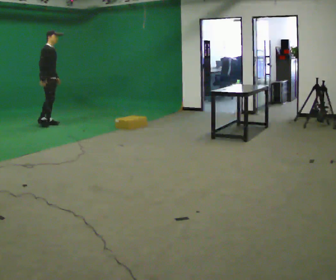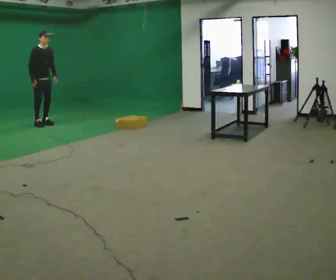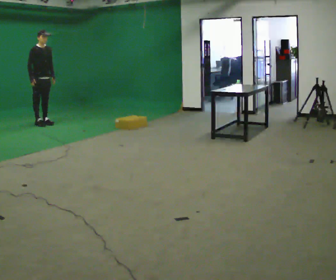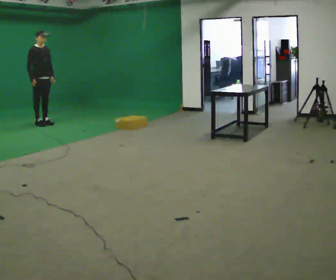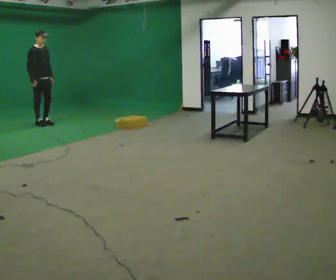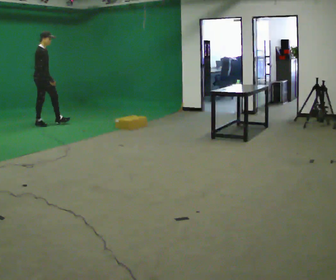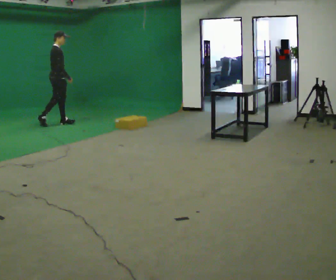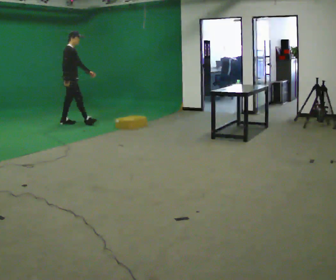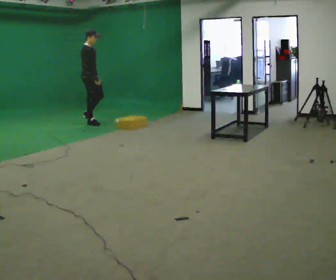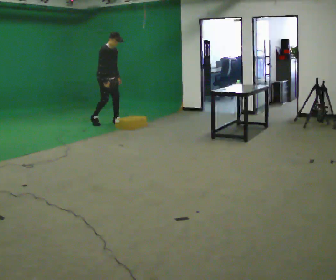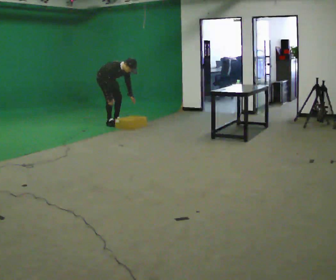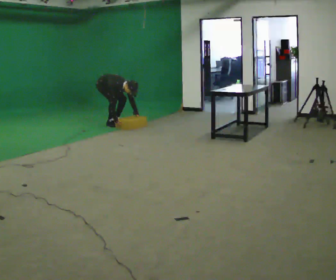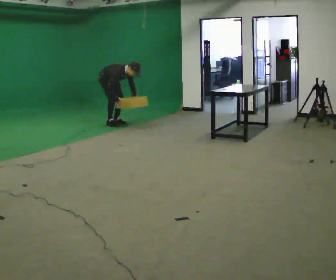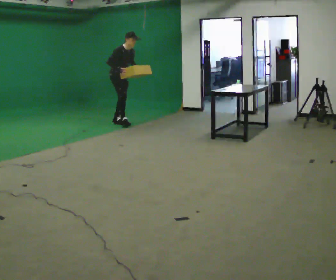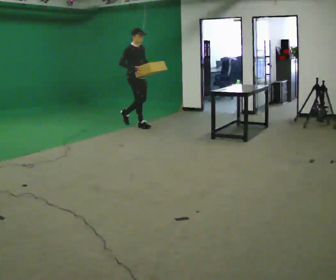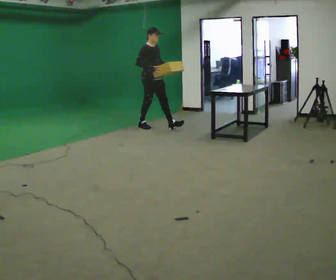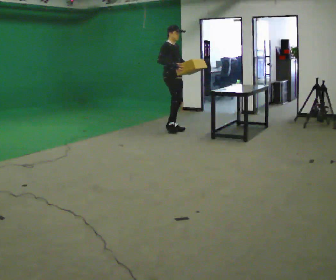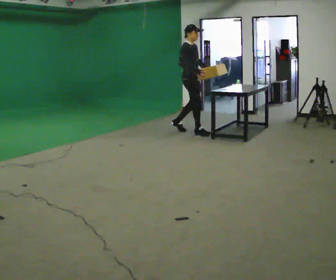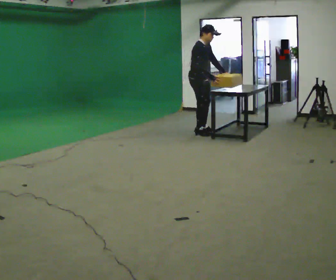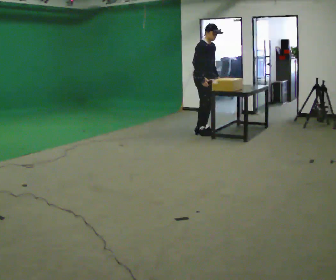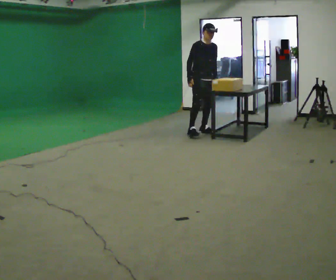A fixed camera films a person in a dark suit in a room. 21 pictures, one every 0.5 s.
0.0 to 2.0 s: In the picture they go to the left, about 0.25 m in 1 step, which for them is backward.
2.0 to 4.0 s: In the picture they go to the right, about 1 m in 2 steps, which for them is forward.
4.0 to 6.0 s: In the picture they go to the right, about 0.25 m in 2 steps, which for them is to their left and forward. In the picture their right hand goes downward.
6.0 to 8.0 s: In the picture they go to the right and toward the camera, about 1.5 m in 2 steps, which for them is forward. The shoulders move upward. In the picture the upper body tilts counterclockwise, shoulders to the left, as they lean back or straighten. In the picture their right hand goes upward.
8.0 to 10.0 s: In the picture they go to the right and toward the camera, about 0.5 m in 2 steps, which for them is forward.
The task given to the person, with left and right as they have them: Walk forward noticeably slower than normal; do not shuffle; stop.
The film runs forward here.
